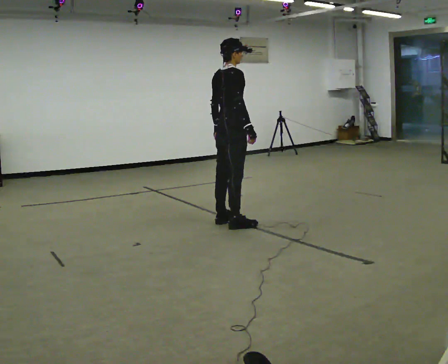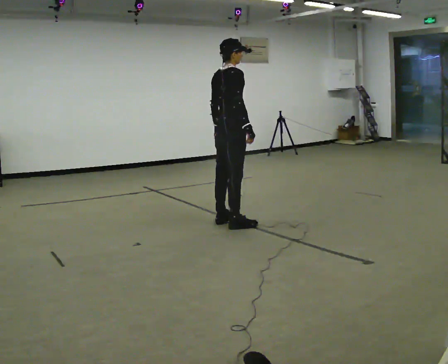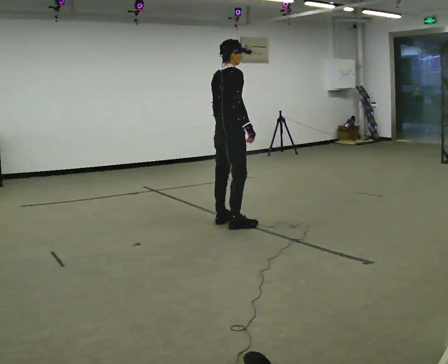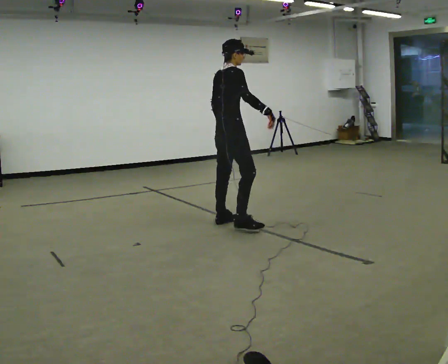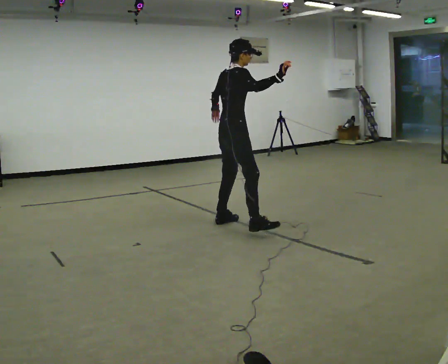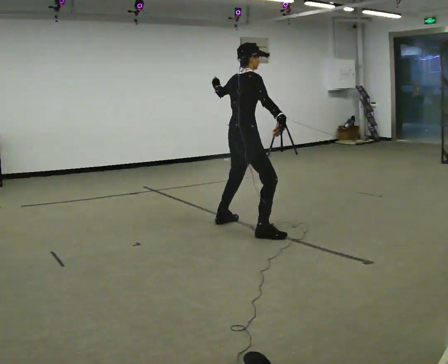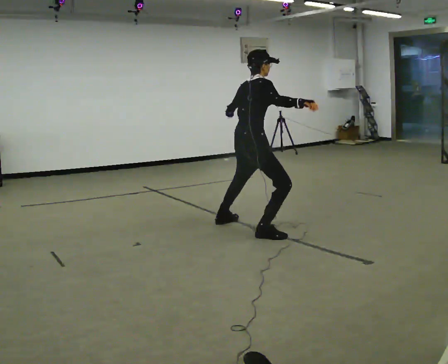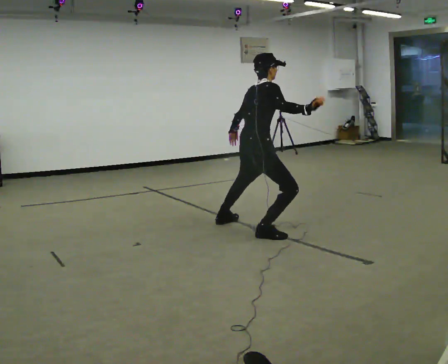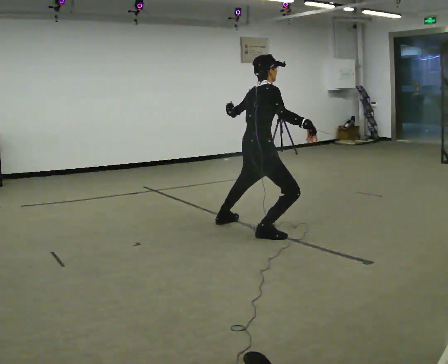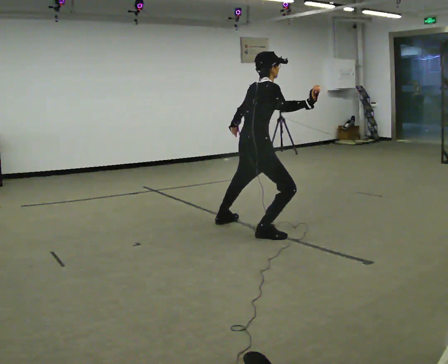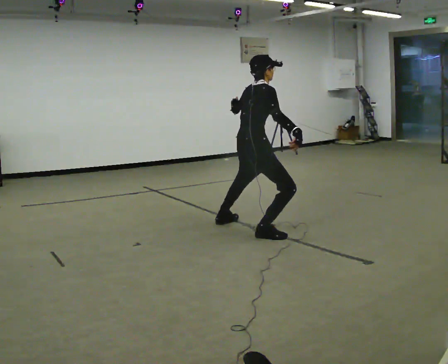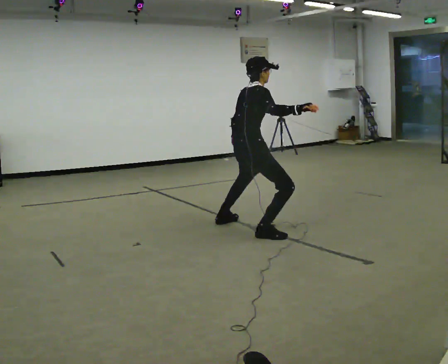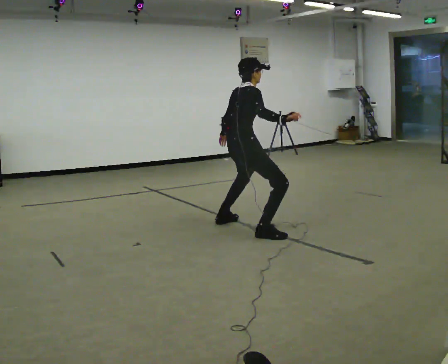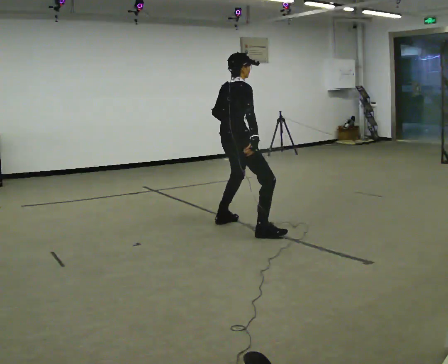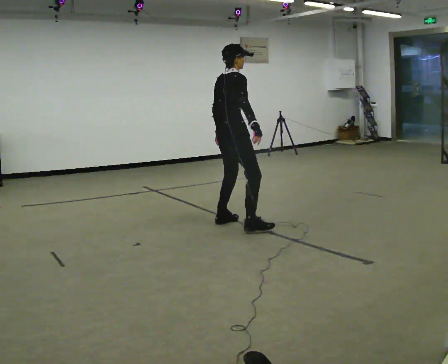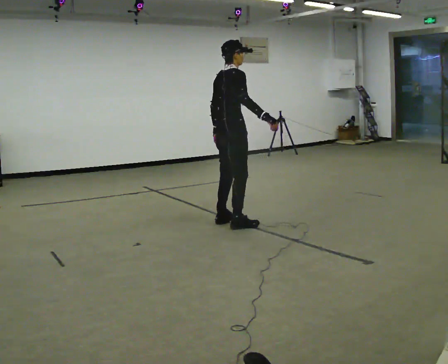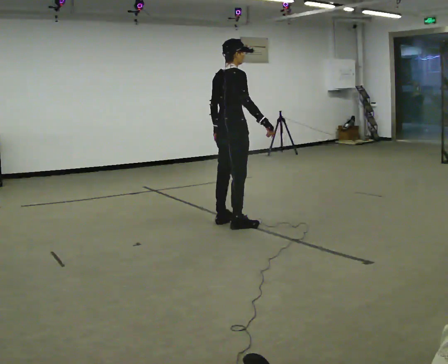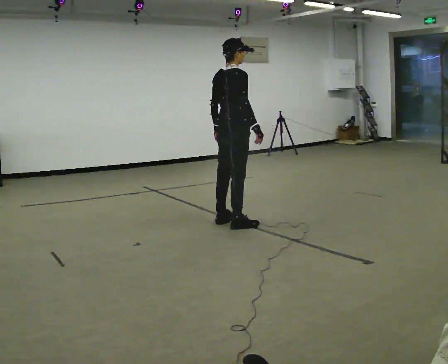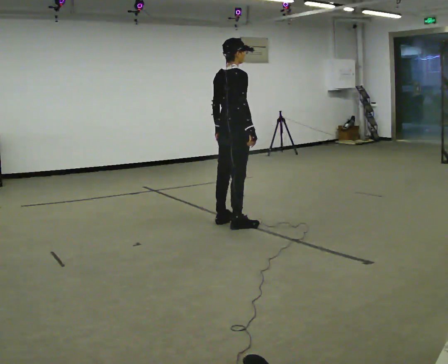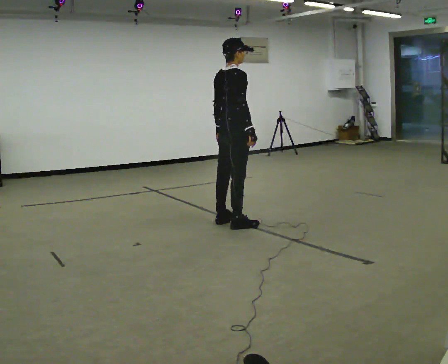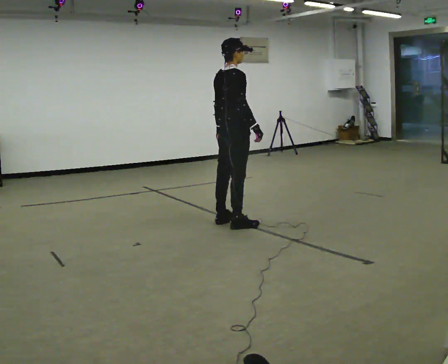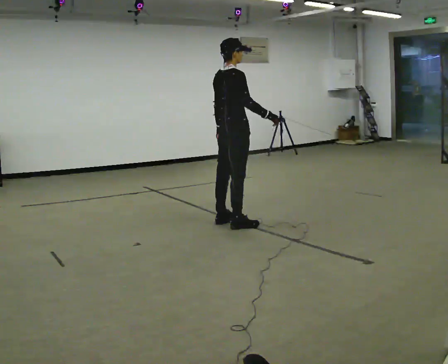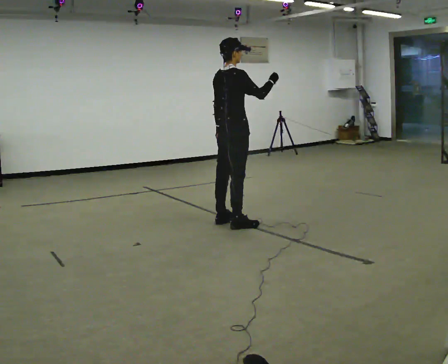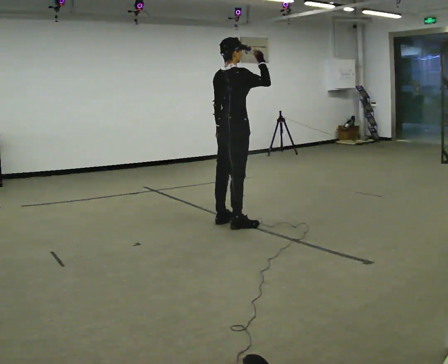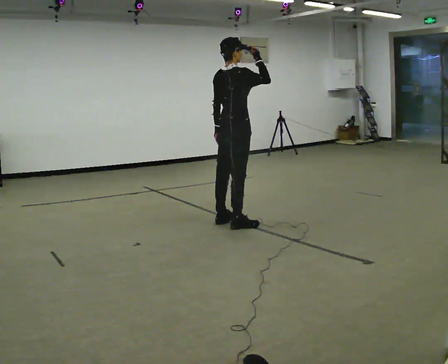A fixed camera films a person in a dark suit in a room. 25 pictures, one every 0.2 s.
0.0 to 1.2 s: In the picture they go toward the camera and to the right, about 0.5 m in 1 step, which for them is to their right. In the picture their right hand goes upward.
1.2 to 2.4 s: The person moves a little, or ends about where they began.
2.4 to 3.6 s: In the picture they go away from the camera, about 0.25 m in 1 step, which for them is to their left. The shoulders move upward.
3.6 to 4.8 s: In the picture their right hand goes upward.
The film runs forward here.
